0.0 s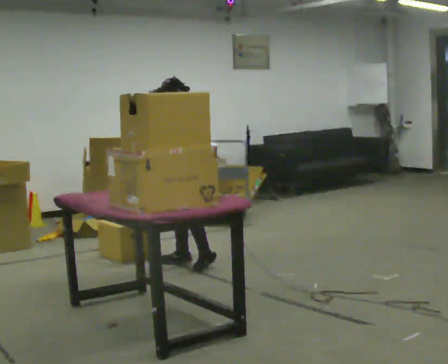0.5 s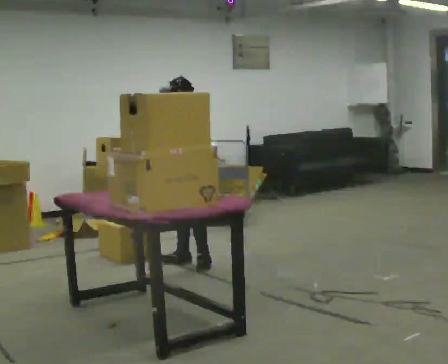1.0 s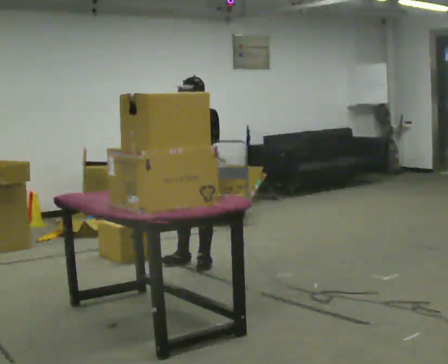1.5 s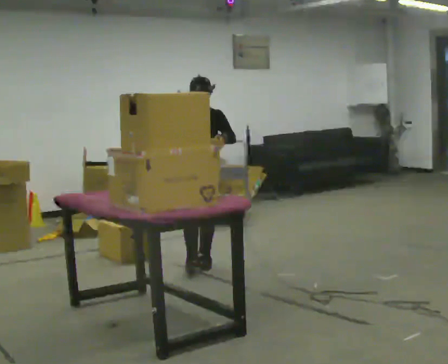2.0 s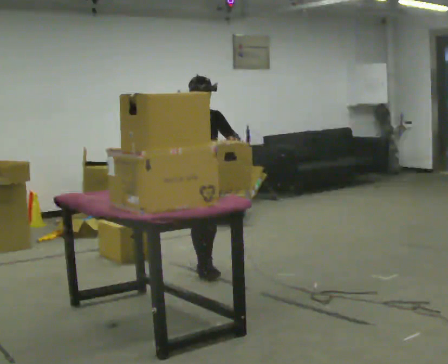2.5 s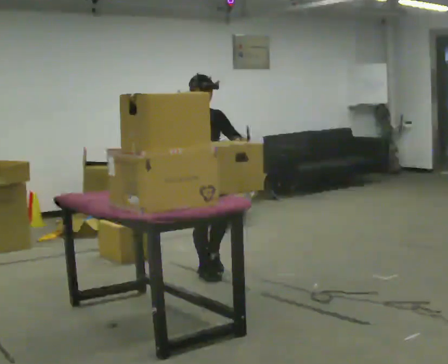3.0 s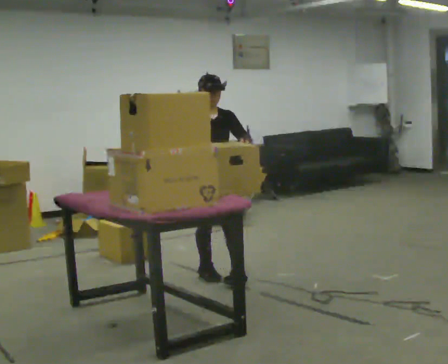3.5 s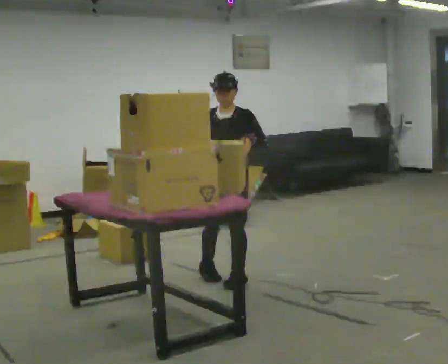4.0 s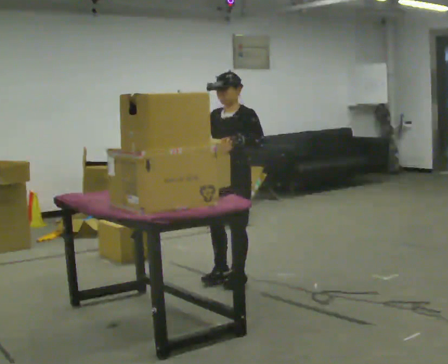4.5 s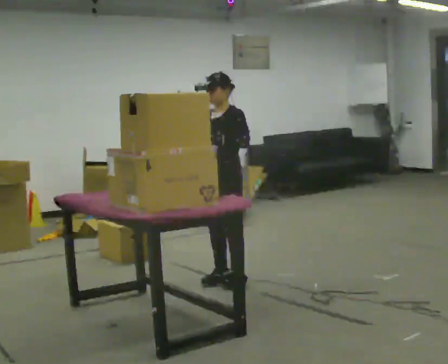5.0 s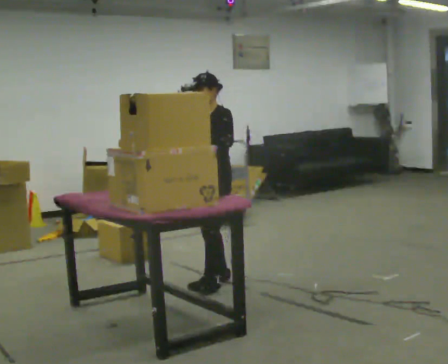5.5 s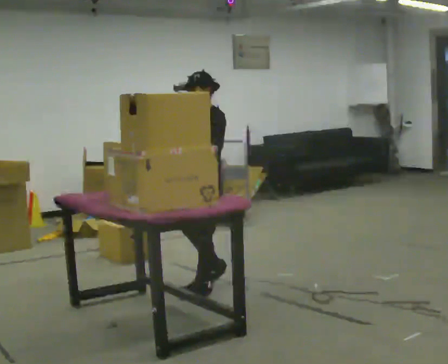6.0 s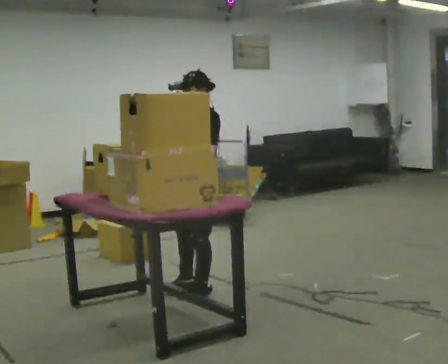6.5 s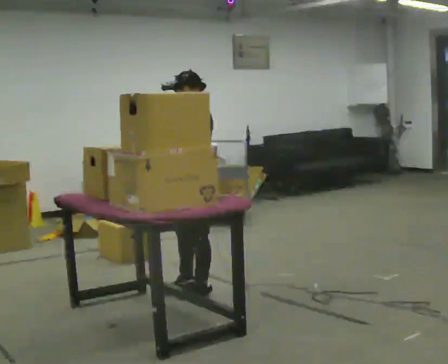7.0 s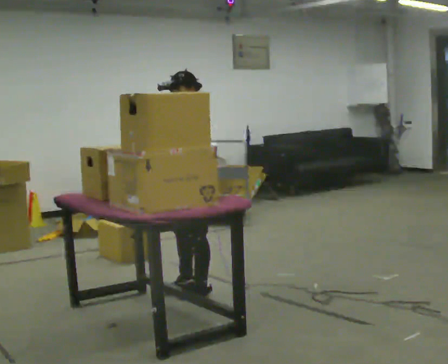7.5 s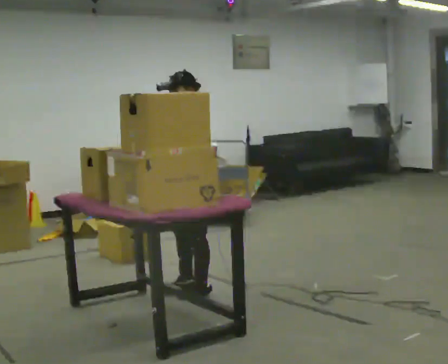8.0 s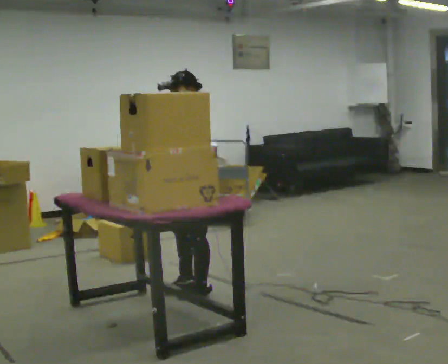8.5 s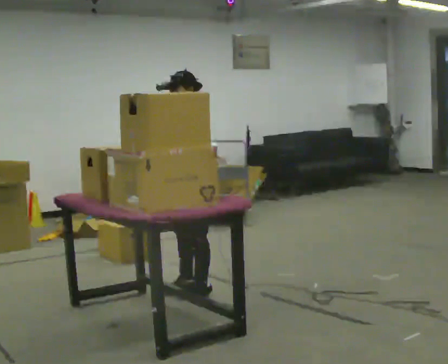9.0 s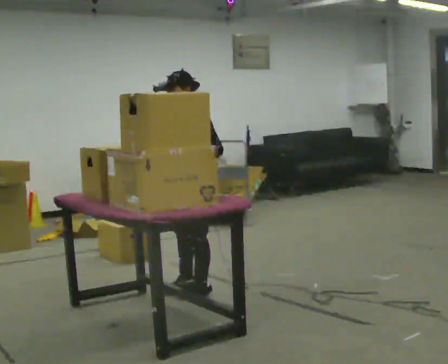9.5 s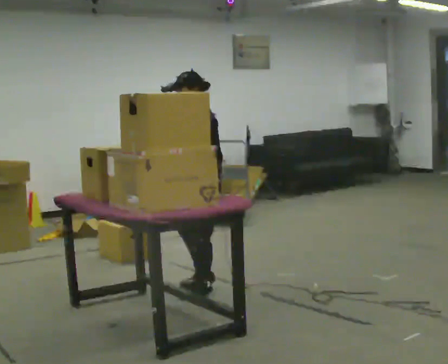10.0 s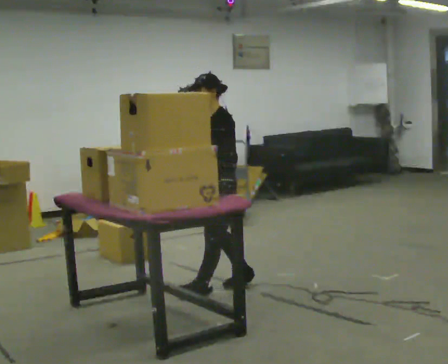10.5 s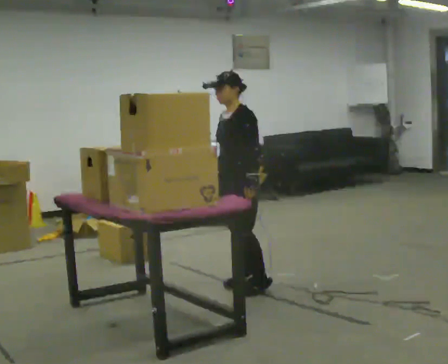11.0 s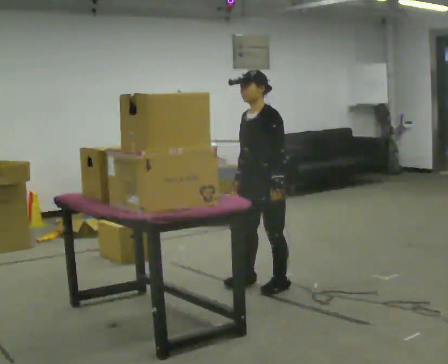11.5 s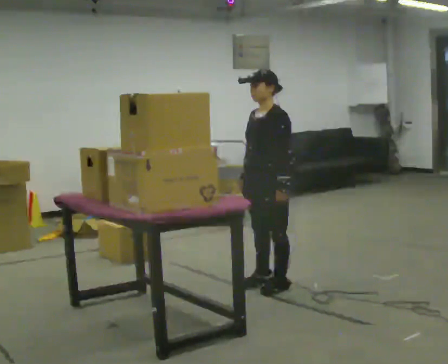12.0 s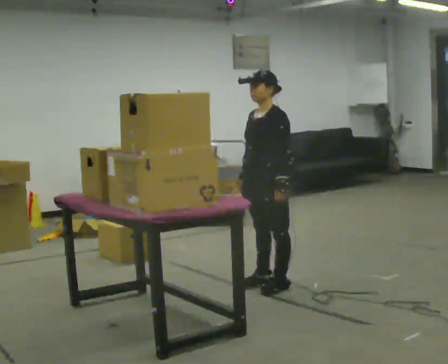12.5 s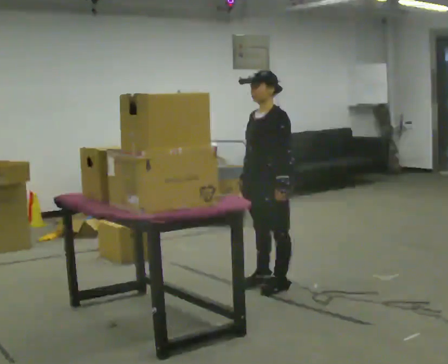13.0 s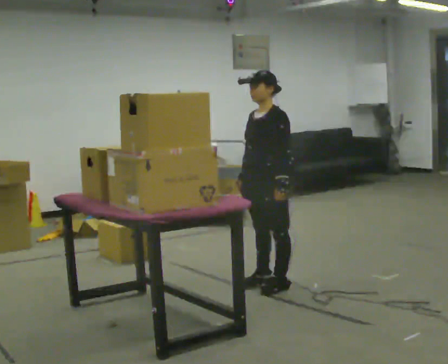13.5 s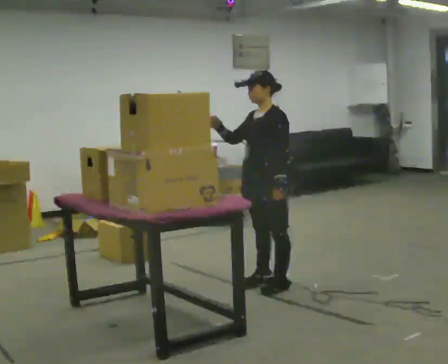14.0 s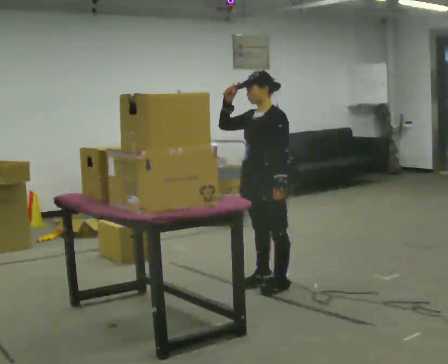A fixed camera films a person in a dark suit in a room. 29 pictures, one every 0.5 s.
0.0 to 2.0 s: The person turns about 90 degrees to their left, counterclockwise seen from above, so the part of the body nearest the lens slides to the right. In the picture they go toward the camera, about 0.25 m in 2 steps.
2.0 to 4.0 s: The part of the body nearest the lens slides to the left as the person turns to their right by about 60 degrees. In the picture they go toward the camera and to the right, about 0.5 m in 2 steps.
4.0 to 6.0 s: In the picture they go to the left and toward the camera, about 0.25 m in 2 steps, which for them is forward.
6.0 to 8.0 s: The person moves a little, or ends about where they began.
8.0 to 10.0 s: In the picture they go to the right, about 0.25 m in 1 step, which for them is backward. In the picture their right hand goes to the right, the arm swinging counterclockwise.
10.0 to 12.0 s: In the picture they go to the right, about 0.25 m in 2 steps, which for them is backward and to their left.
12.0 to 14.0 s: In the picture their right hand goes upward.
The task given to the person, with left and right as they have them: Take boxes off the top of the stack one at a time and carry them away, walking back for each one. Keep going until the operator says stop; one object at a time, and do not rush between trips.
The film runs forward here.
